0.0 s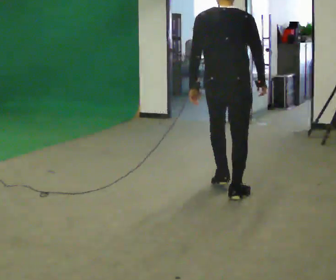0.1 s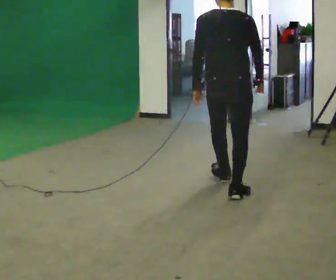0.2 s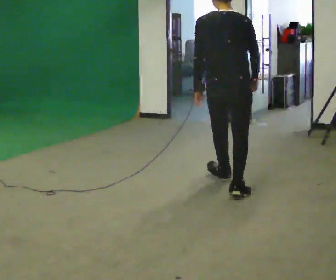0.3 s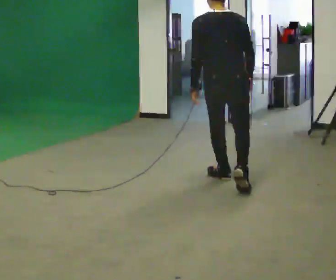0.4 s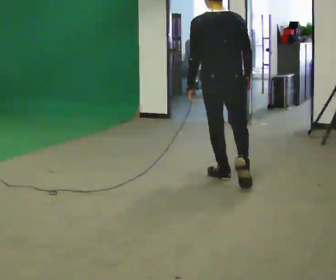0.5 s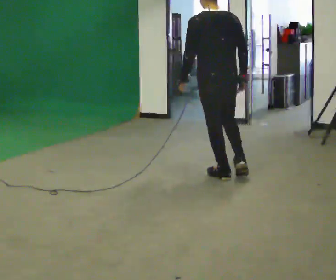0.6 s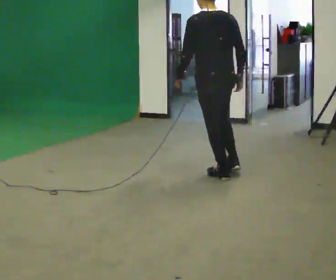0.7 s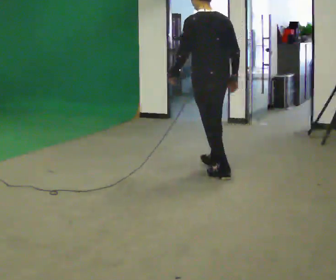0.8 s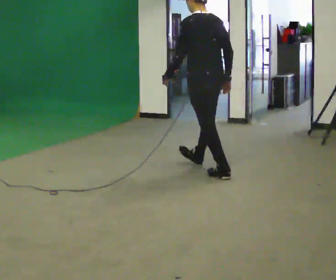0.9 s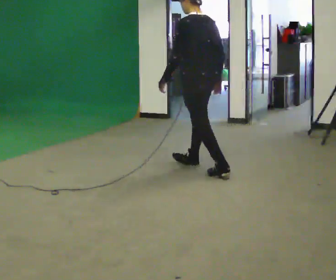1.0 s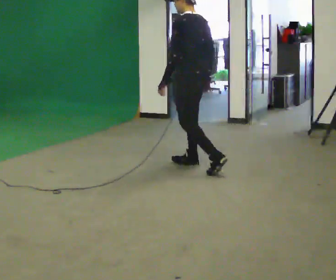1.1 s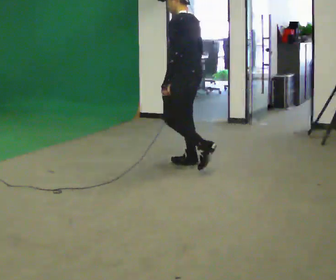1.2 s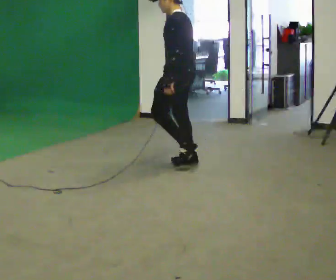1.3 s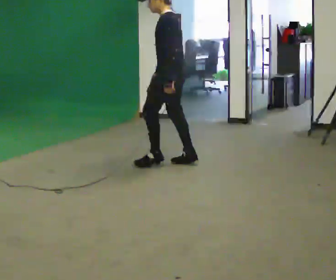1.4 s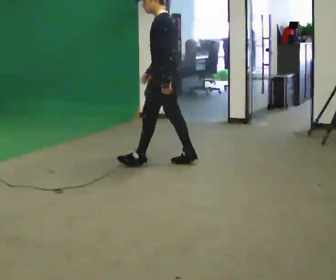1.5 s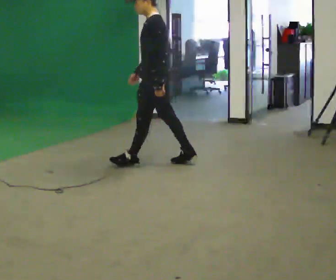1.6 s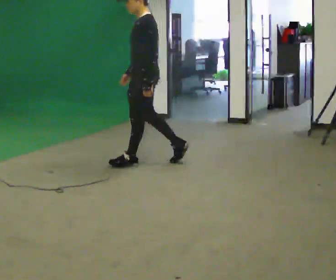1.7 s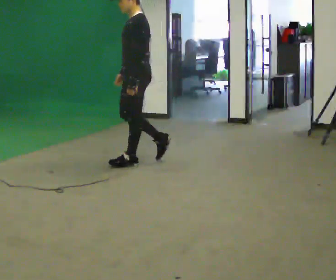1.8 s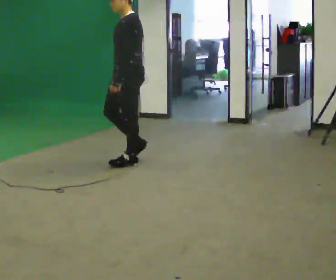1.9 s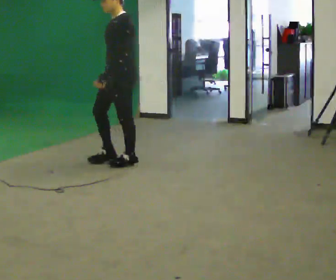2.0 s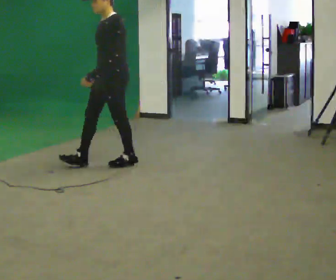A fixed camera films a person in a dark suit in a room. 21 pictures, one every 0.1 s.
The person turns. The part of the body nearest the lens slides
to the right.
The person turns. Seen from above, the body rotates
counterclockwise.
0.0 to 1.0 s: The person turns about 60 degrees to their left, counterclockwise seen from above, so the part of the body nearest the lens slides to the right. In the picture they go away from the camera, about 1 m in 2 steps.
1.0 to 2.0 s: The person turns about 60 degrees to their left, counterclockwise seen from above, so the part of the body nearest the lens slides to the right. In the picture they go to the left, about 1 m in 1 step.
The film runs forward here.
